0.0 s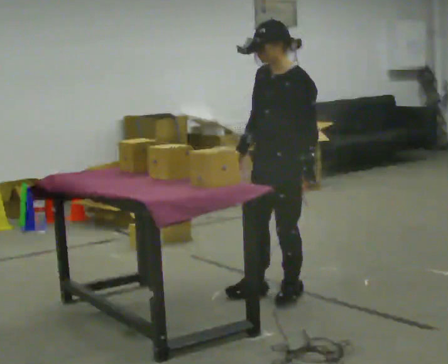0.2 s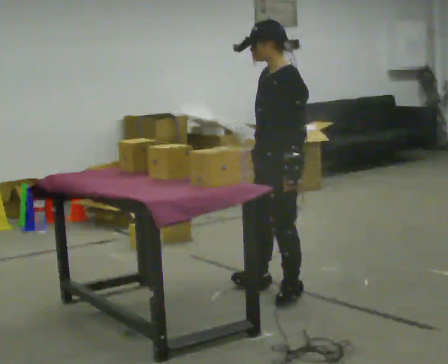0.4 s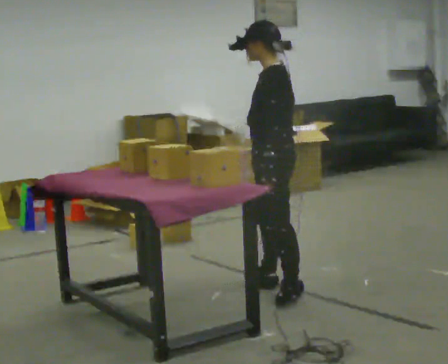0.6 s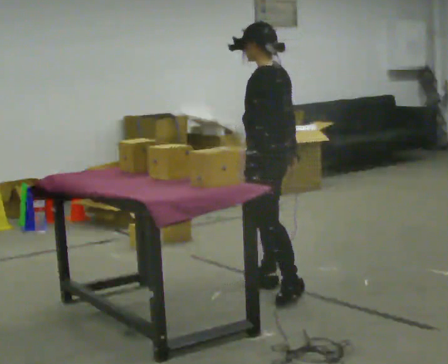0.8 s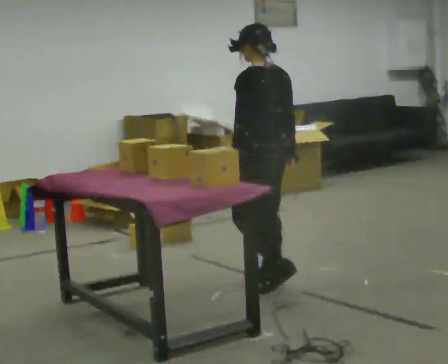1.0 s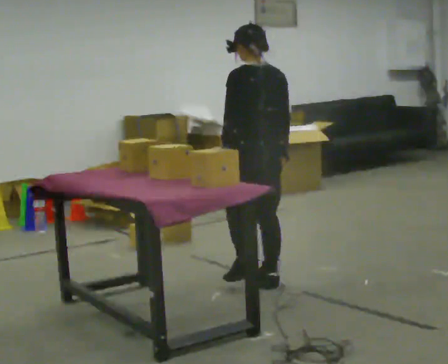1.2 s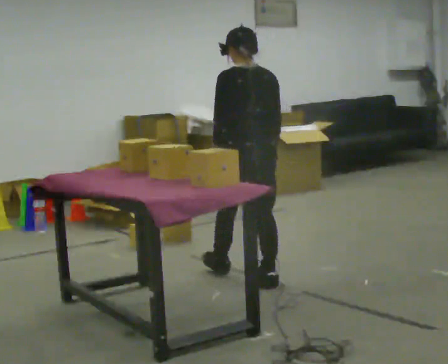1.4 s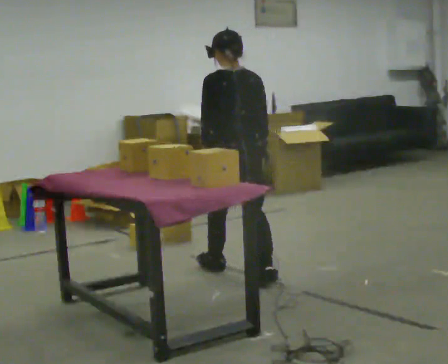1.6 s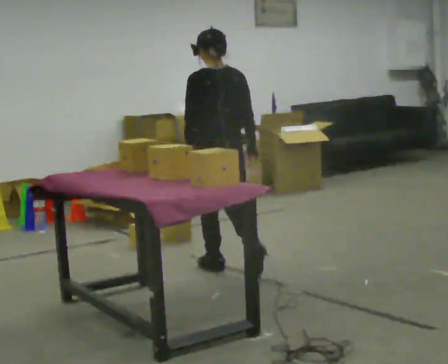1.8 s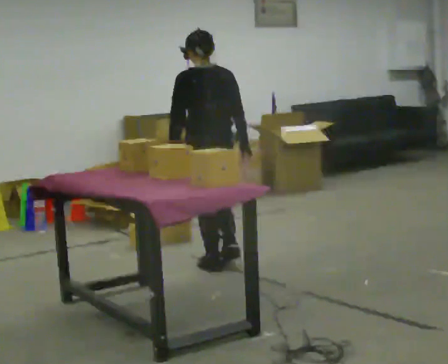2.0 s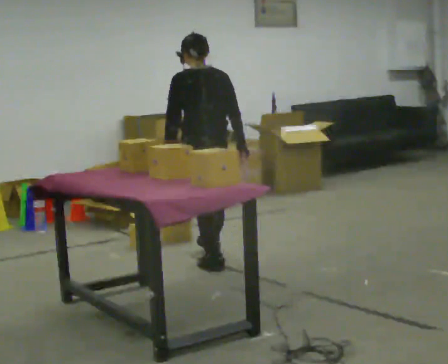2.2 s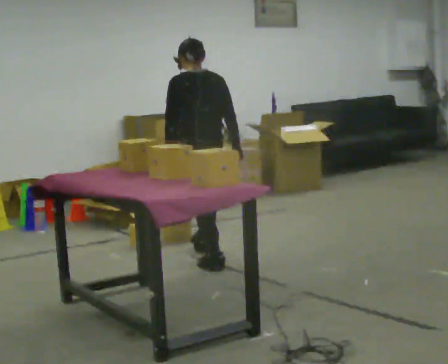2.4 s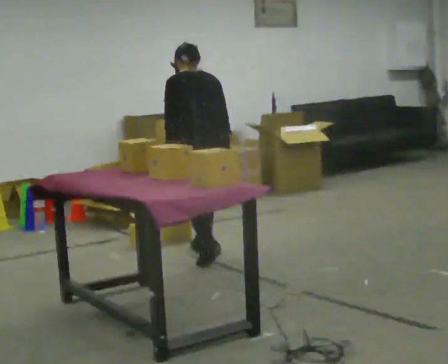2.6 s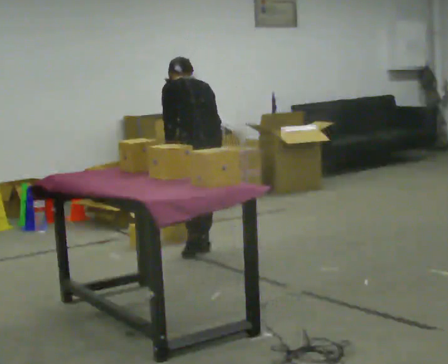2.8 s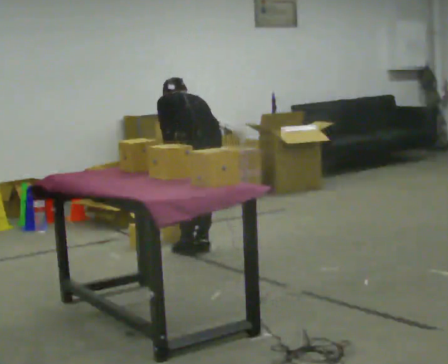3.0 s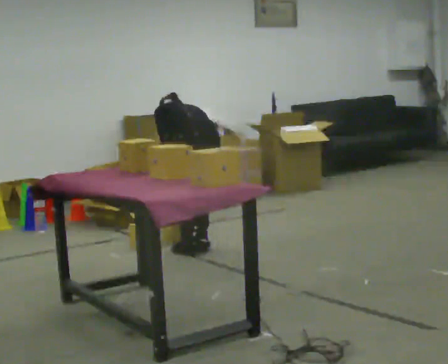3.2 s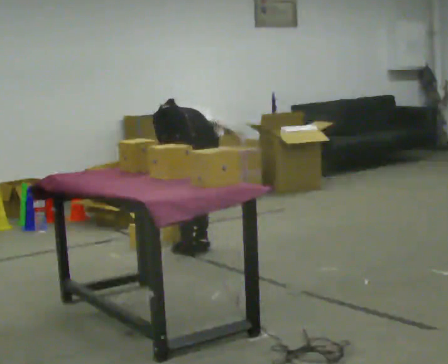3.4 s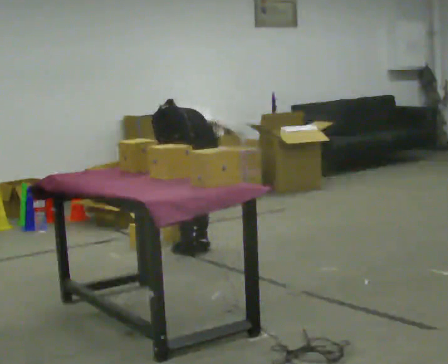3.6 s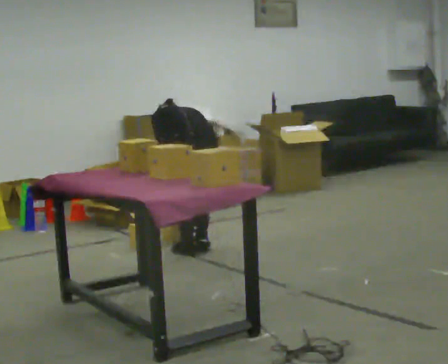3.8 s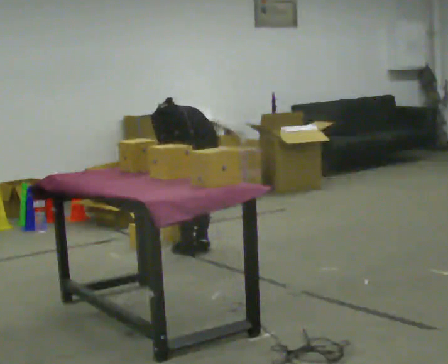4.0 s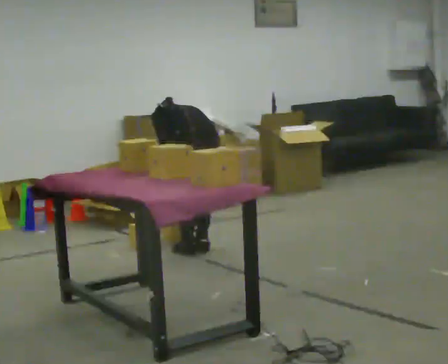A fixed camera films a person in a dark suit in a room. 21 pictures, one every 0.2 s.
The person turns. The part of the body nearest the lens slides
to the left.
The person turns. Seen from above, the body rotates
clockwise.
0.0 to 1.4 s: The person turns about 105 degrees to their right, clockwise seen from above, so the part of the body nearest the lens slides to the left. In the picture they go away from the camera, about 0.5 m in 2 steps.
1.4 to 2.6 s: In the picture they go away from the camera, about 0.5 m in 1 step, which for them is forward. The upper body tips away from the camera, its near side rolling upward, as they bend forward.
2.6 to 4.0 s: The upper body goes downward. The upper body tips away from the camera, its near side rolling upward, as they bend forward.
The film runs forward here.
